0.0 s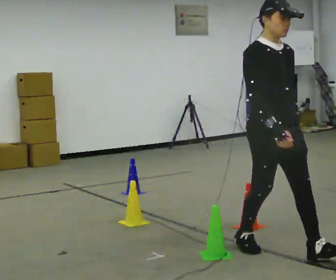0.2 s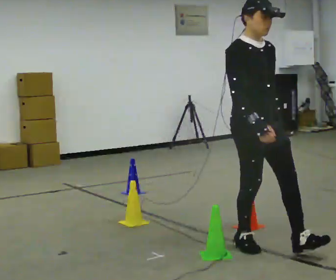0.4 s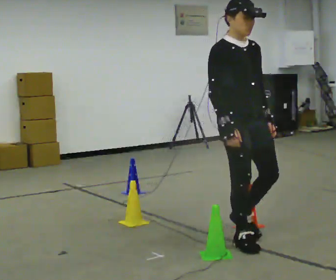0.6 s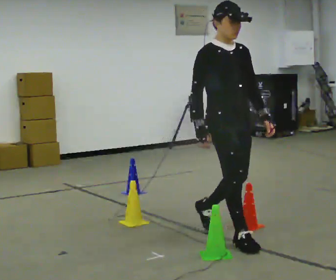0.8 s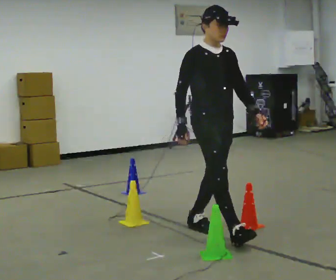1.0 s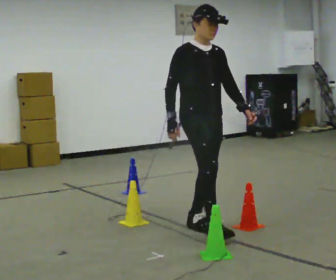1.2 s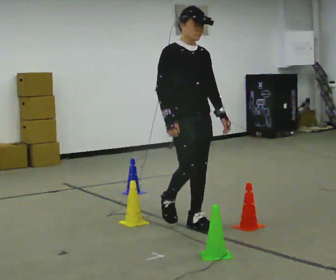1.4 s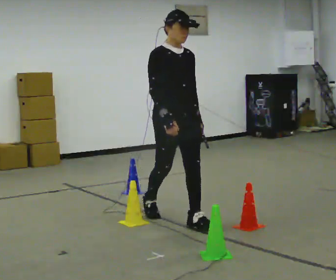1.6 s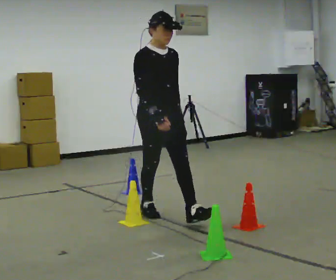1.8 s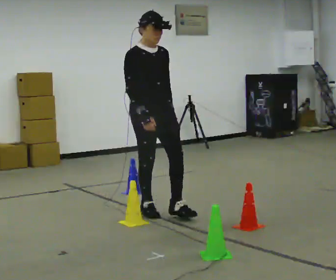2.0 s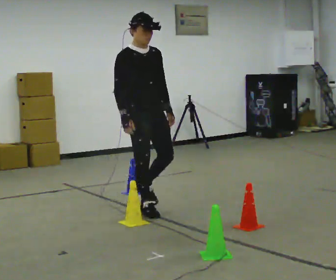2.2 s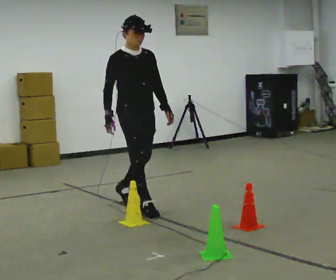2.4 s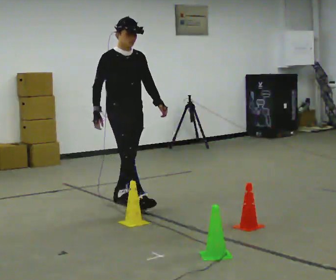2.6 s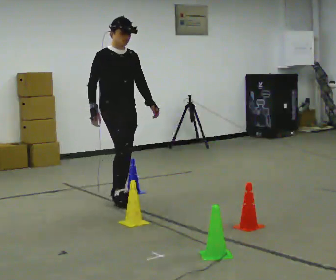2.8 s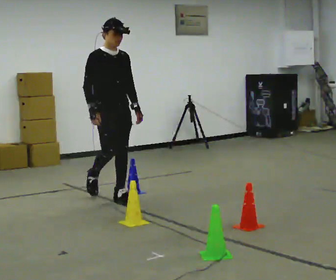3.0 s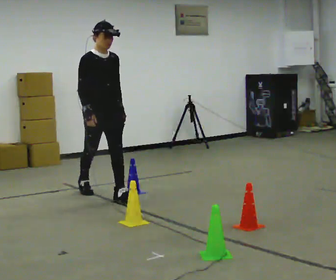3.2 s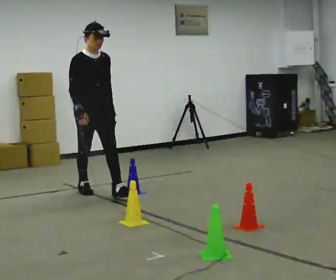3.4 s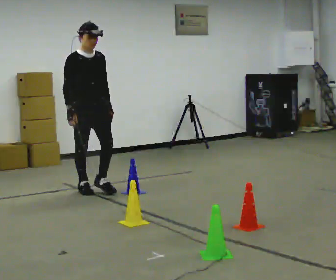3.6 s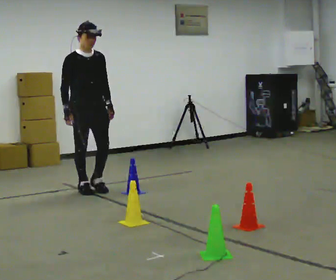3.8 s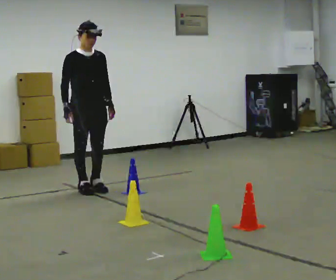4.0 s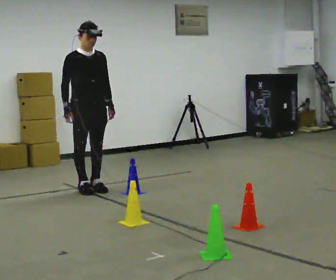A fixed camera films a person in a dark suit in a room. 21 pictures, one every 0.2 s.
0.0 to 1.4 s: In the picture they go away from the camera and to the left, about 1 m in 2 steps, which for them is backward.
1.4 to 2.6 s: In the picture they go away from the camera and to the left, about 1 m in 2 steps, which for them is backward.
2.6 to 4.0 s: In the picture they go away from the camera and to the left, about 0.5 m in 1 step, which for them is backward.
The film runs backward here.
